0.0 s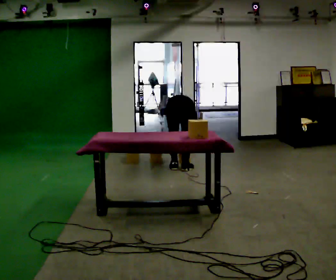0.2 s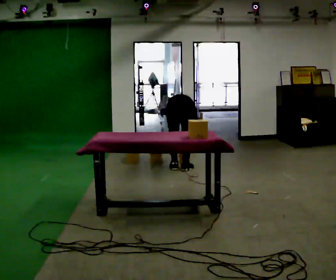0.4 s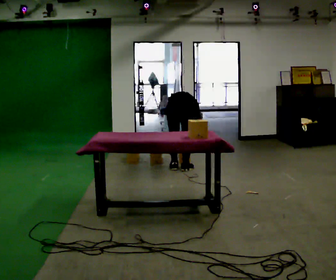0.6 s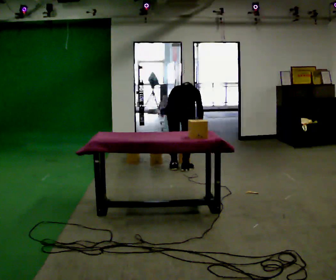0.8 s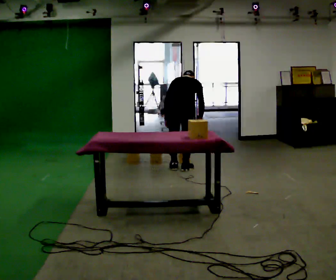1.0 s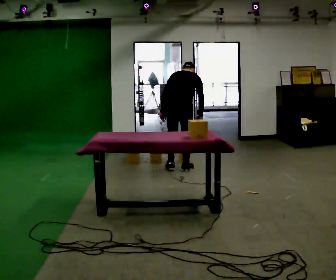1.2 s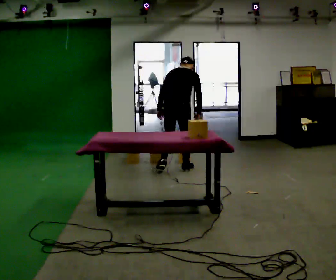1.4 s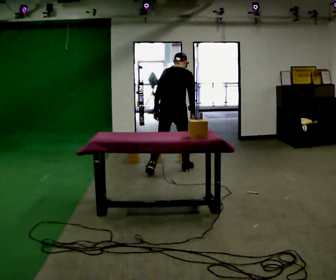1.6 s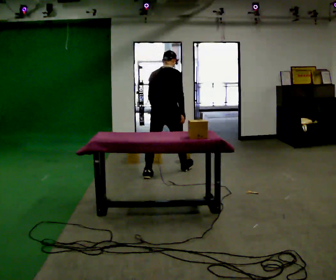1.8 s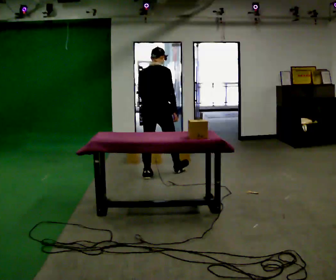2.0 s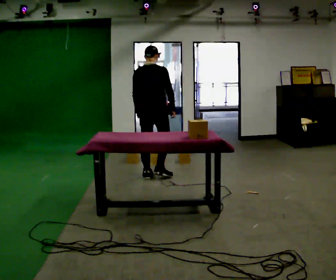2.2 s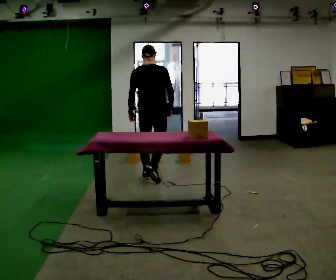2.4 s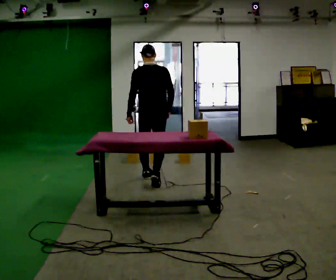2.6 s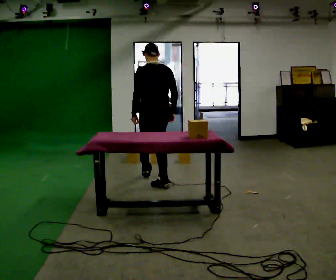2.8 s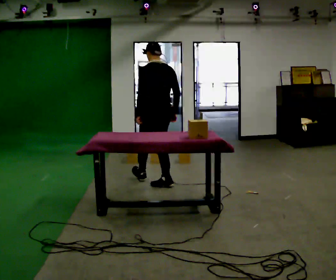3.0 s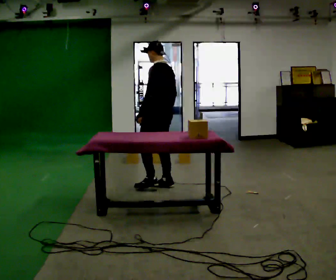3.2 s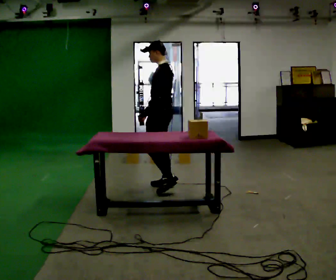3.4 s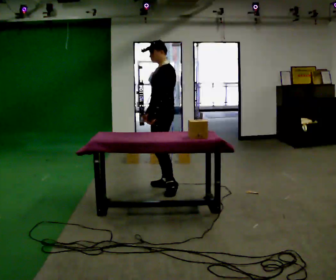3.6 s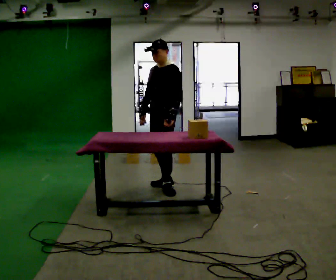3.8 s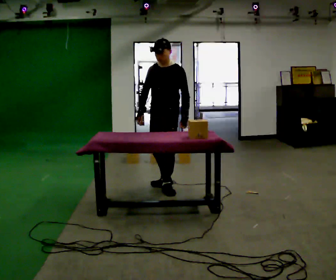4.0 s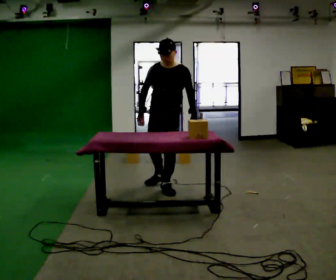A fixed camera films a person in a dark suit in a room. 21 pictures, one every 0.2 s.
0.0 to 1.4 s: The shoulders move upward. The upper body tips toward the camera, its near side rolling downward, as they lean back or straighten. In the picture their right hand goes upward.
1.4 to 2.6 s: The part of the body nearest the lens slides to the right as the person turns to their left by about 30 degrees. In the picture they go toward the camera and to the left, about 0.5 m in 1 step, which for them is backward.
2.6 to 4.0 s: The part of the body nearest the lens slides to the right as the person turns to their left by about 135 degrees. In the picture they go toward the camera, about 0.25 m in 2 steps.
The film runs backward here.
